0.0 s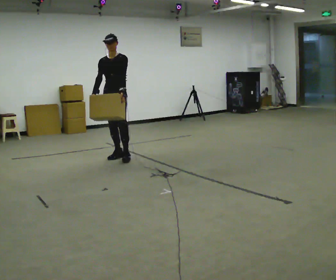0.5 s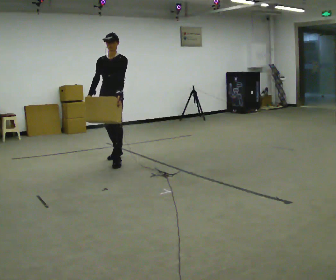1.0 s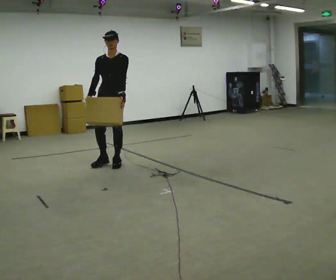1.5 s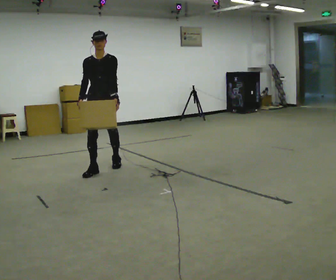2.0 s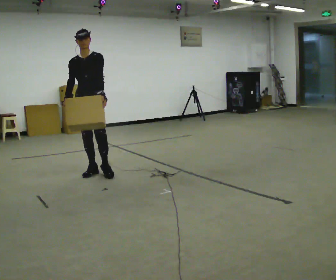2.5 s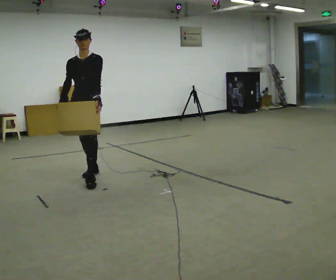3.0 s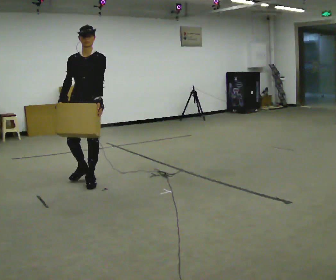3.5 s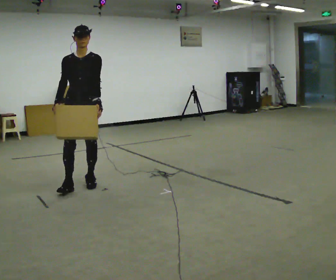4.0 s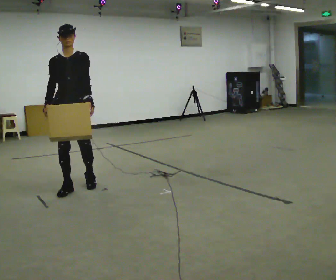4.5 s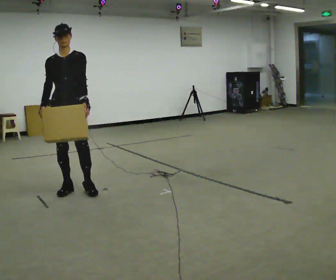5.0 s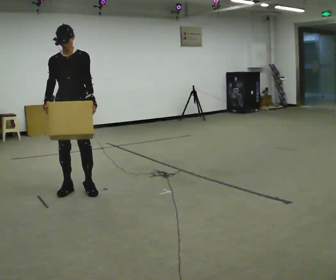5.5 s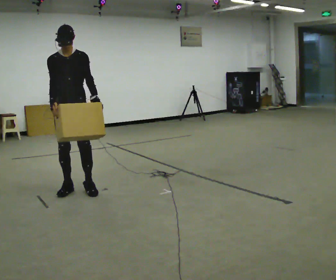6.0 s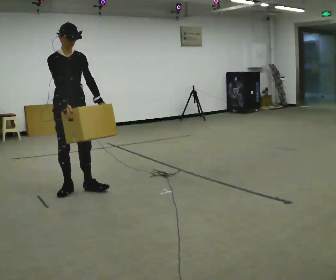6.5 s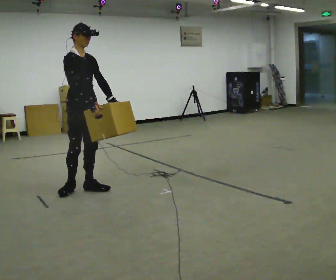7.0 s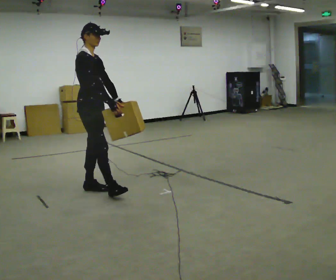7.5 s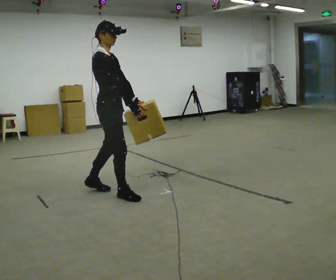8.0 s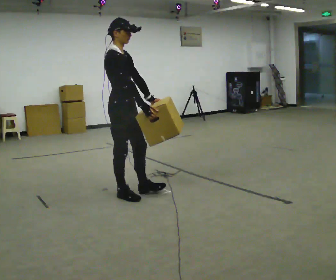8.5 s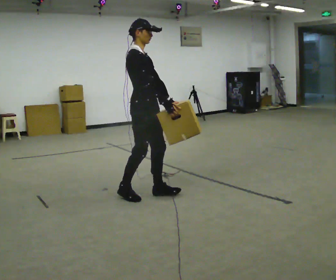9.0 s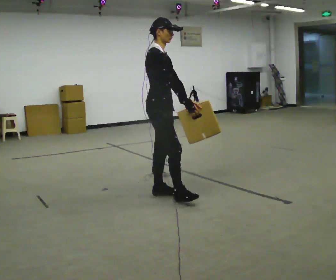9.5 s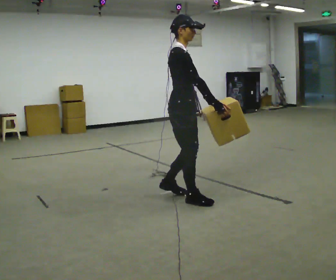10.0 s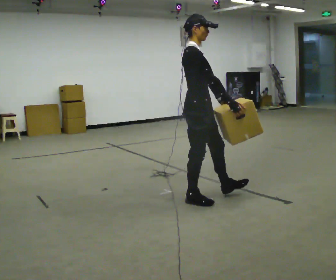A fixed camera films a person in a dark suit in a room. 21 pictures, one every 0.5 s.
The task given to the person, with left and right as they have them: Carry the heavy box in both hands in front of you, walking back and forth across the room. Keep walking until the operator says stop. Set it down if you need a rest.
0.0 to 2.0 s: In the picture they go toward the camera and to the left, about 1 m in 2 steps, which for them is forward.
2.0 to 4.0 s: In the picture they go toward the camera and to the left, about 0.75 m in 2 steps, which for them is forward.
4.0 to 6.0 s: The part of the body nearest the lens slides to the right as the person turns to their left by about 30 degrees.
6.0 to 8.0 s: Seen from above the body turns counterclockwise, about 45 degrees: to their left, with its near side sliding to the right. In the picture they go to the right and toward the camera, about 0.5 m in 1 step, which for them is forward.
8.0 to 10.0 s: In the picture they go to the right and toward the camera, about 0.5 m in 2 steps, which for them is forward.
The film runs forward here.
